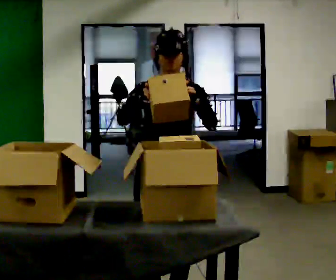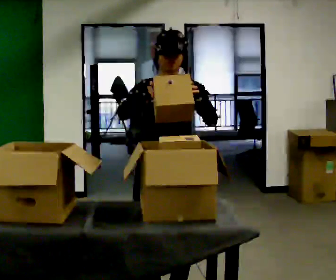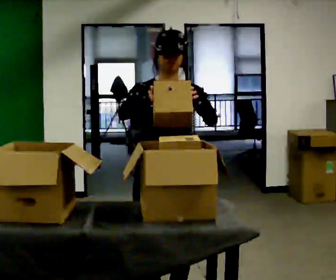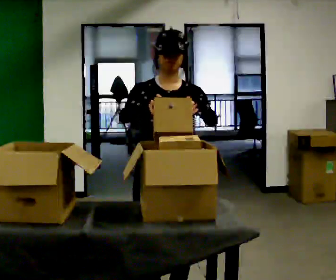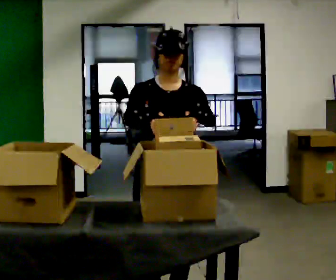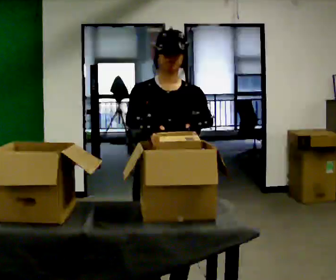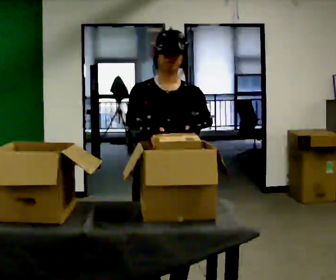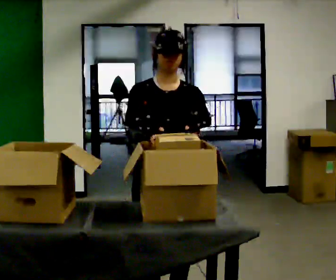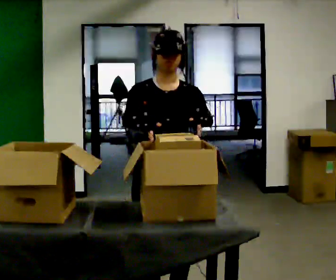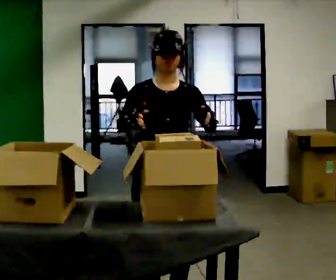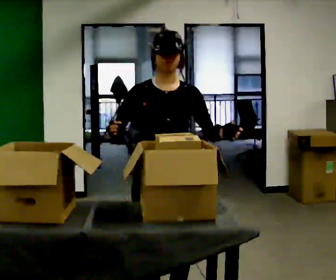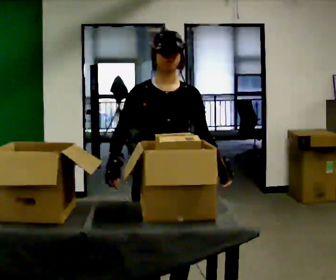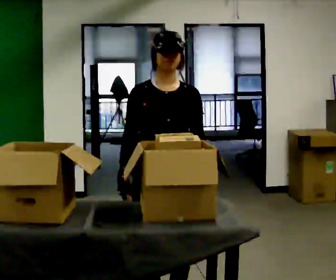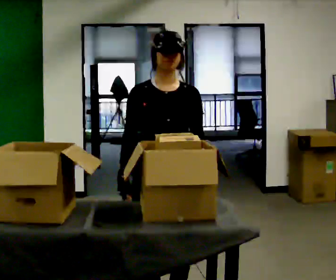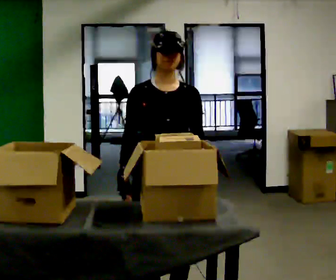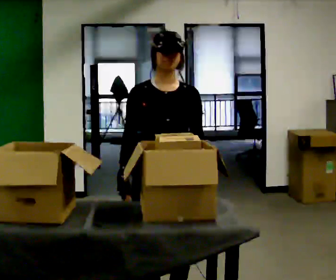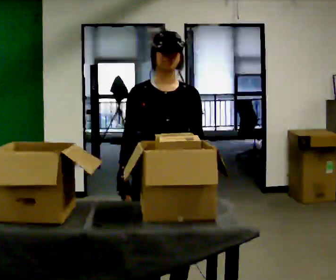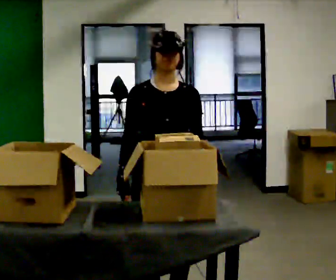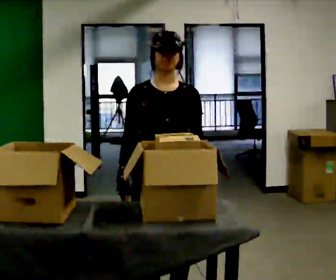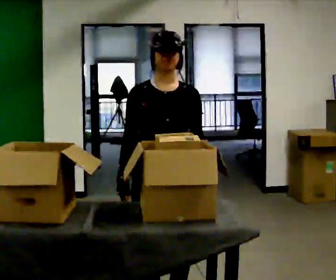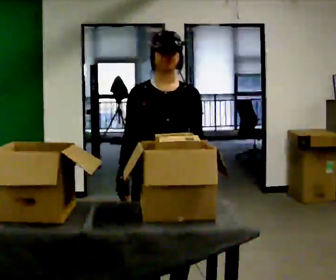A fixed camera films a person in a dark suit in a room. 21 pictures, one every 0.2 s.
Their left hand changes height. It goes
downward.
Their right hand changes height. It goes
downward.
0.0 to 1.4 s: The person moves a little, or ends about where they began.
1.4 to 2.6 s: In the picture their left hand goes downward.
2.6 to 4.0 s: The person keeps their place and pose.
The film runs backward here.
